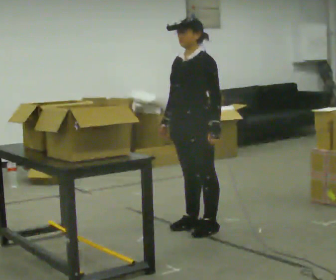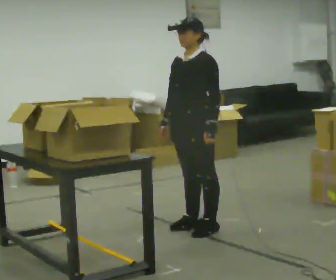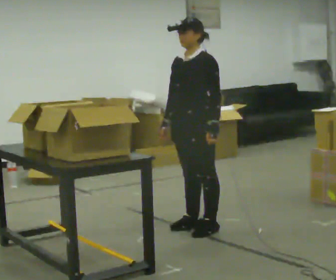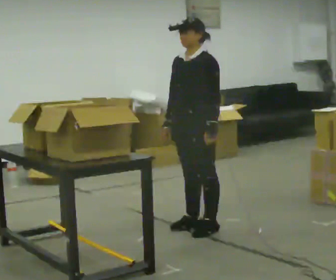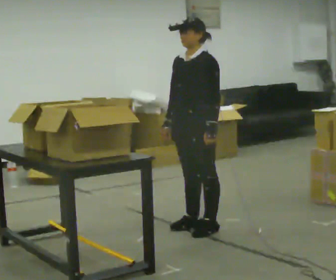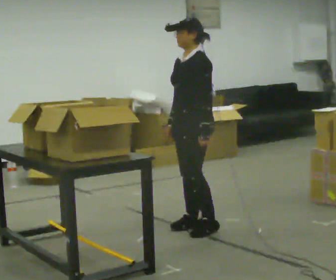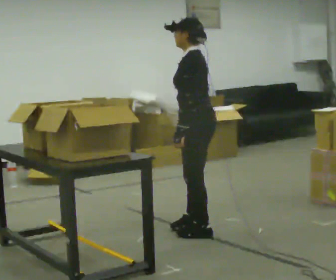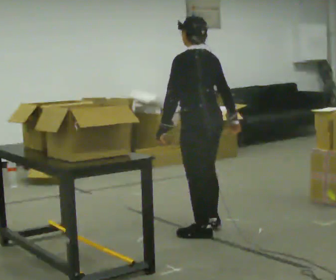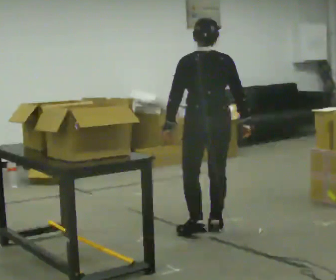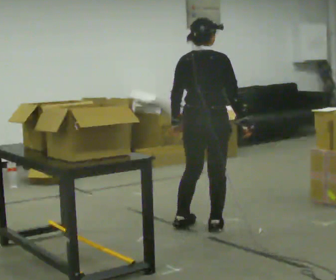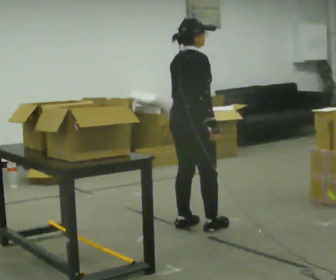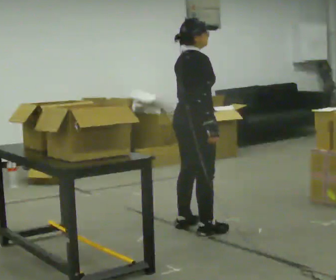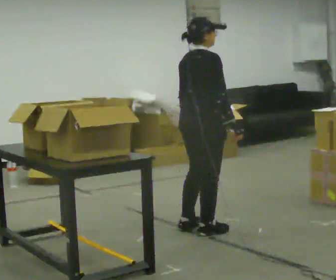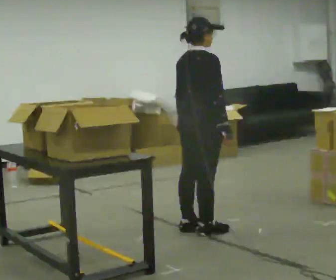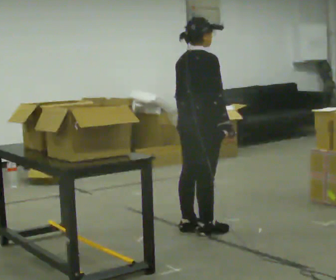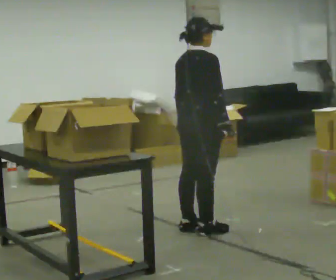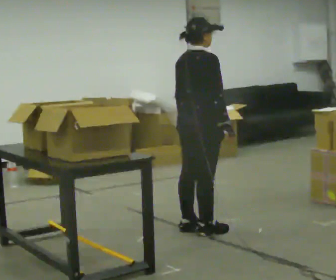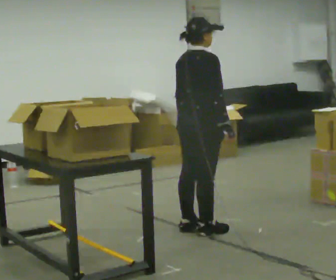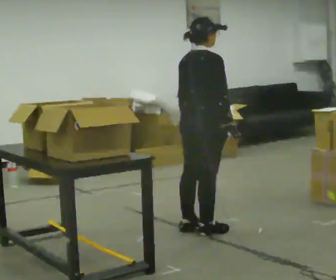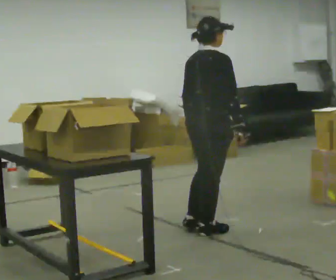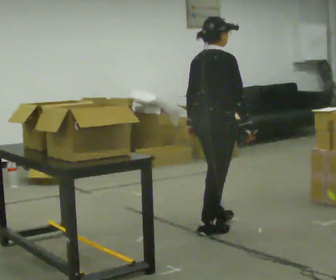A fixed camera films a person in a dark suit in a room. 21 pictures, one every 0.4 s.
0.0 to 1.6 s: The person moves a little, or ends about where they began.
1.6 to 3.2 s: Seen from above the body turns clockwise, about 120 degrees: to their right, with its near side sliding to the left. In the picture their right hand goes to the right, the arm swinging counterclockwise.
3.2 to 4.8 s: The person turns about 60 degrees to their right, clockwise seen from above, so the part of the body nearest the lens slides to the left.
4.8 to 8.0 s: The person moves a little, or ends about where they began.
The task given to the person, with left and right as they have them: 1. Read the list the operator gives you. 2. Collect the six items on the list from the shelves. 3. Put them all in the bin on the table. 4. Tell the operator when you are finished.
The film runs forward here.
